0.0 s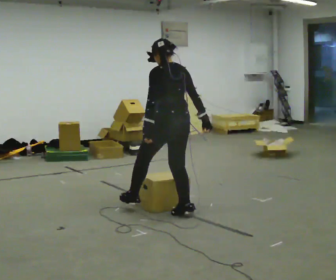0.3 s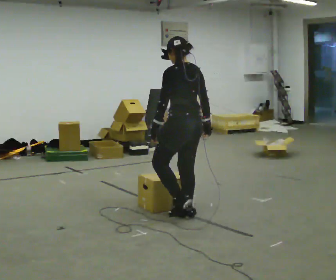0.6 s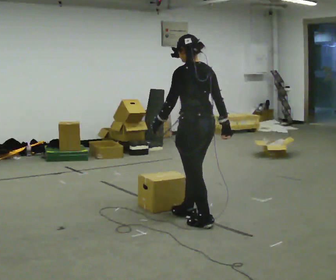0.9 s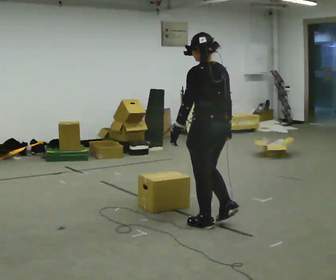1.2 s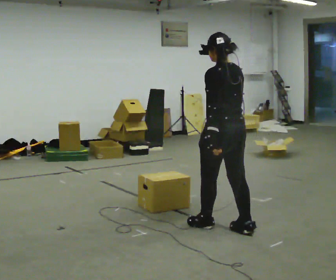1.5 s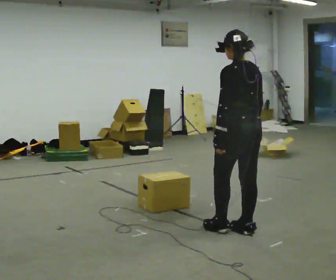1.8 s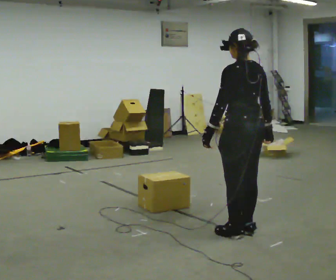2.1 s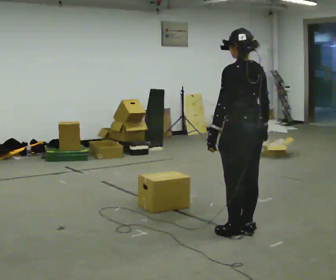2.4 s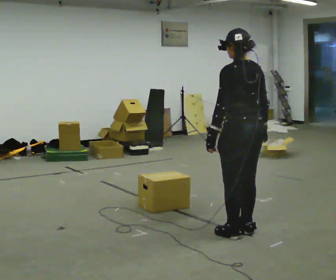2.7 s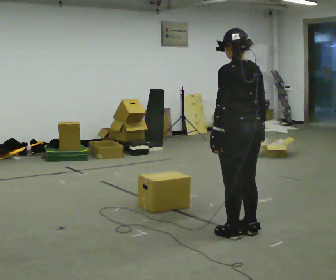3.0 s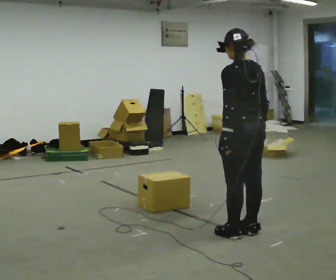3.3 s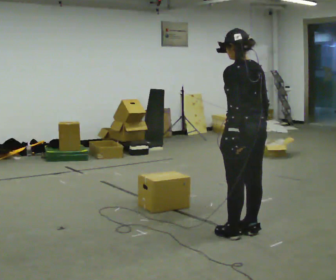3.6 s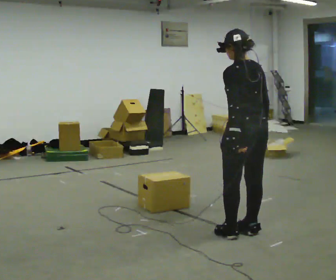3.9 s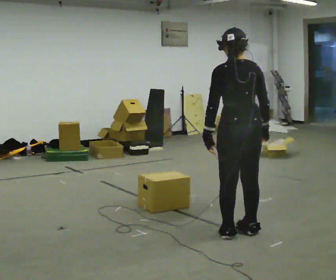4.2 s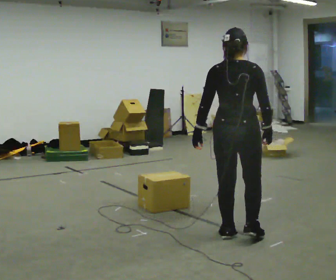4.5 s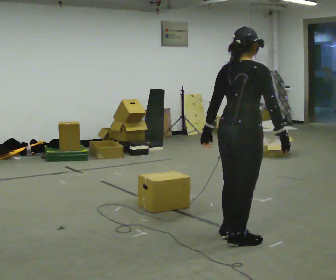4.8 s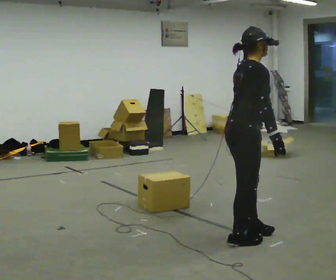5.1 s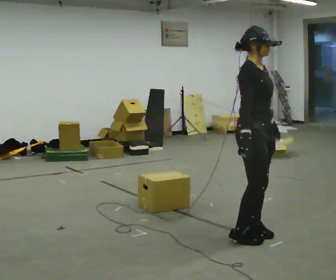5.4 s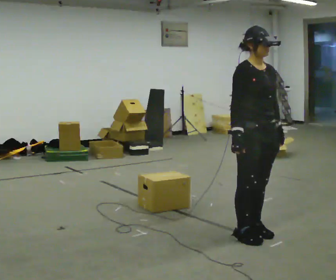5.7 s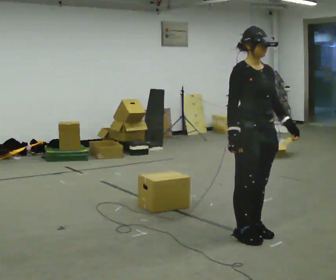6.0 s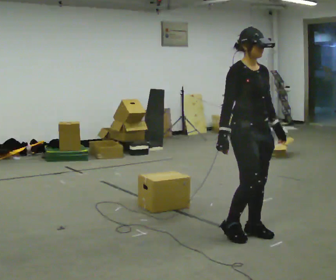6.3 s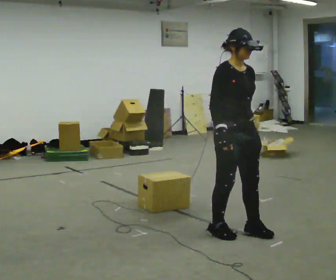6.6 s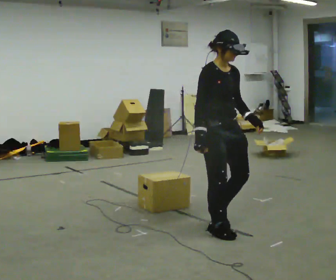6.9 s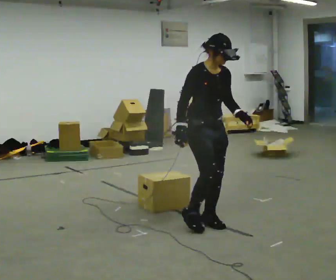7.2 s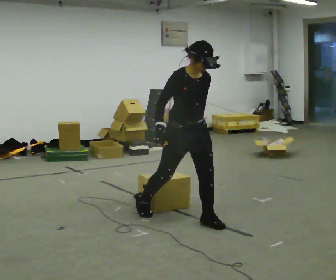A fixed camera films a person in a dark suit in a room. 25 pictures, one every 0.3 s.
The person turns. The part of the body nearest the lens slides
to the left.
The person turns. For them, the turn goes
to their right.
0.0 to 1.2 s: In the picture they go to the right and toward the camera, about 0.75 m in 1 step, which for them is backward.
1.2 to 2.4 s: In the picture they go to the right, about 0.25 m in 1 step, which for them is backward. In the picture their right hand goes to the right.
2.4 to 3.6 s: The person moves a little, or ends about where they began.
3.6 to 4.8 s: The person turns about 105 degrees to their right, clockwise seen from above, so the part of the body nearest the lens slides to the left.
4.8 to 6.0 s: The person turns about 60 degrees to their right, clockwise seen from above, so the part of the body nearest the lens slides to the left. In the picture their left hand goes to the right, the arm swinging counterclockwise.
6.0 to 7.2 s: In the picture they go to the left and away from the camera, about 0.5 m in 3 steps, which for them is backward.
The film runs backward here.
